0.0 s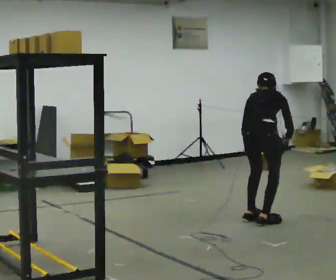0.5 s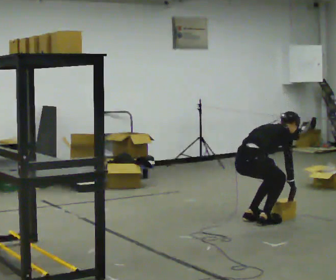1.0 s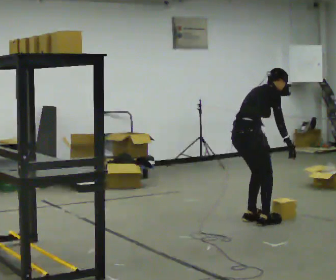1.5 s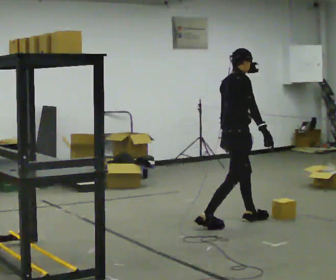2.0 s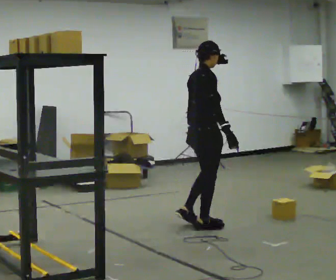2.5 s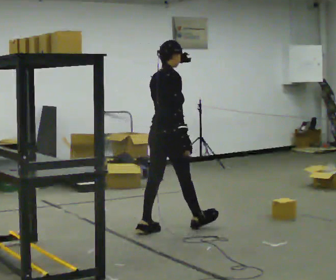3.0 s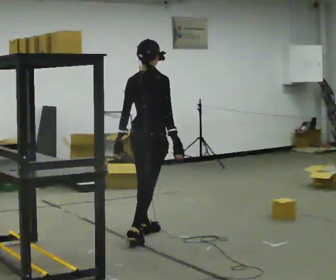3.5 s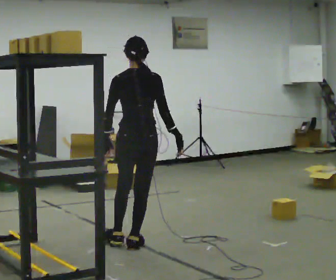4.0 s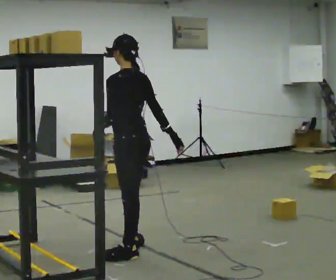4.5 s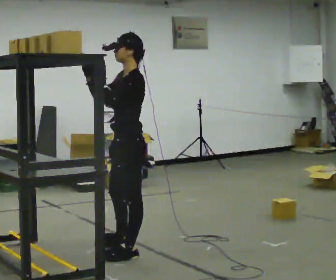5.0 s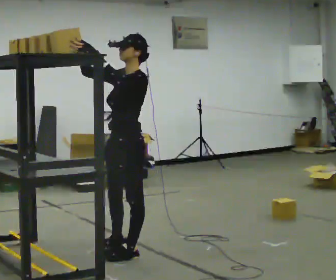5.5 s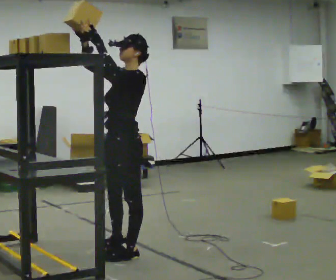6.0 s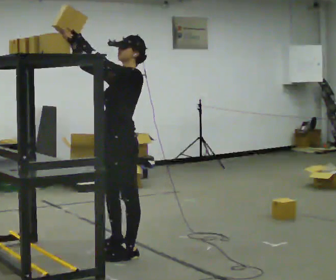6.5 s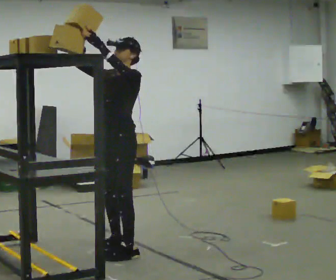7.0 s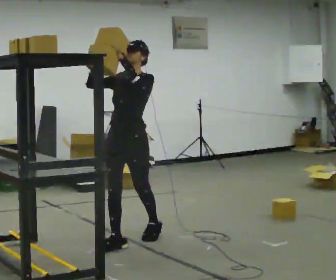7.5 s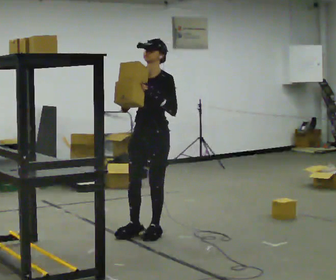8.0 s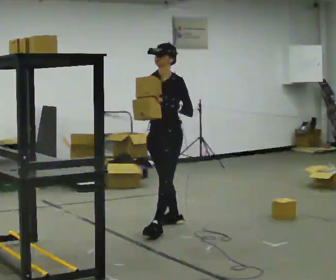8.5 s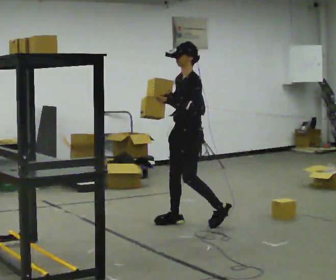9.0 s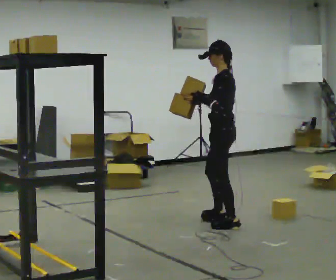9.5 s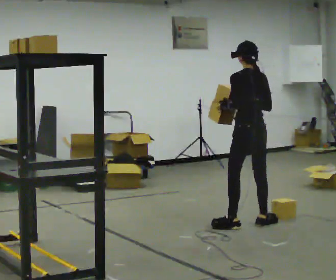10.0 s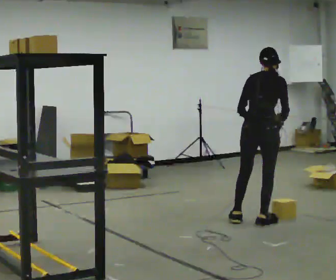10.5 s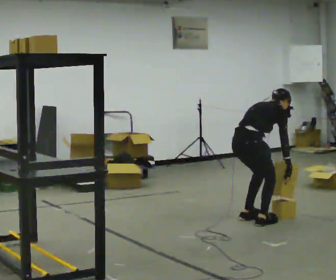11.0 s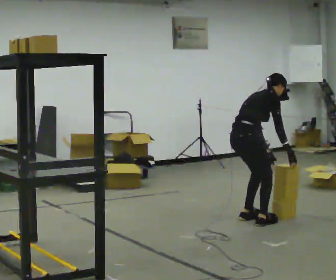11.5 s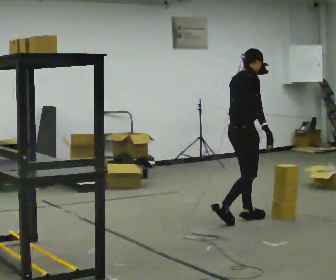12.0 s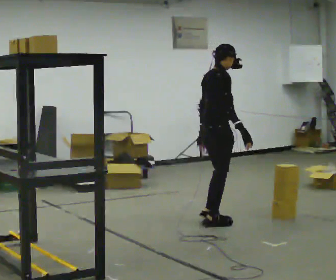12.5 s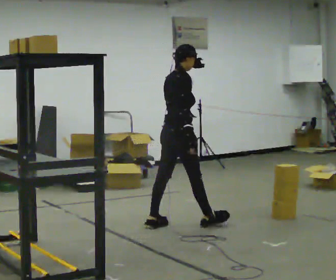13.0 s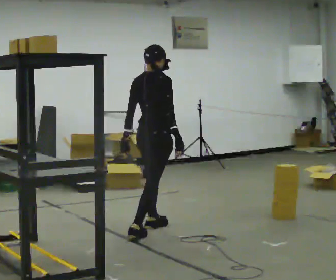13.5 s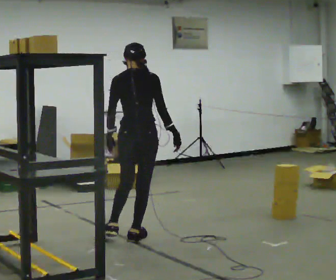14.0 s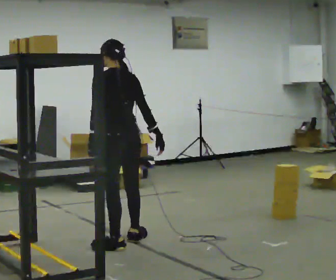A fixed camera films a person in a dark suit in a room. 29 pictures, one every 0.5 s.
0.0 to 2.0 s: Seen from above the body turns clockwise, about 45 degrees: to their right, with its near side sliding to the left. In the picture they go to the left, about 0.5 m in 2 steps, which for them is backward. The upper body tips toward the camera, its near side rolling downward.
2.0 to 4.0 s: Seen from above the body turns counterclockwise, about 120 degrees: to their left, with its near side sliding to the right. In the picture they go toward the camera and to the left, about 1 m in 2 steps.
4.0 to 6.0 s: Seen from above the body turns counterclockwise, about 75 degrees: to their left, with its near side sliding to the right. In the picture their right hand goes to the left and upward, the arm swinging clockwise.
6.0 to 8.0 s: In the picture they go away from the camera and to the right, about 1 m in 2 steps, which for them is backward. In the picture their left hand goes downward.
8.0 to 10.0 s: The person turns about 165 degrees to their right, clockwise seen from above, so the part of the body nearest the lens slides to the left. In the picture they go to the right, about 1 m in 3 steps. The upper body tips away from the camera, its near side rolling upward.
10.0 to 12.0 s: Seen from above the body turns clockwise, about 45 degrees: to their right, with its near side sliding to the left. In the picture they go to the left, about 0.5 m in 2 steps, which for them is backward and to their left.
12.0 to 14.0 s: The part of the body nearest the lens slides to the right as the person turns to their left by about 105 degrees. In the picture they go to the left and toward the camera, about 1 m in 2 steps.
The film runs backward here.
